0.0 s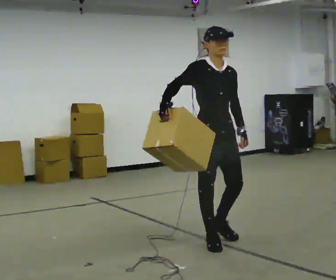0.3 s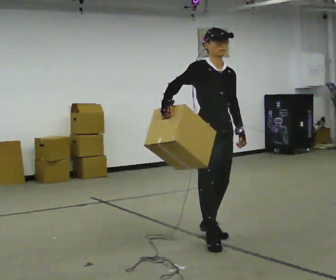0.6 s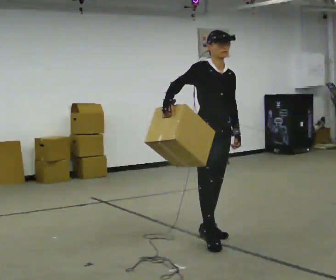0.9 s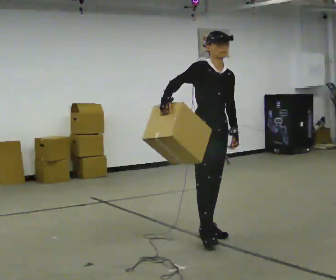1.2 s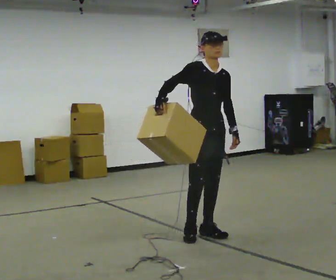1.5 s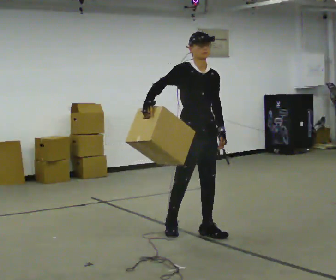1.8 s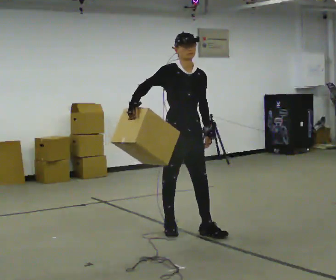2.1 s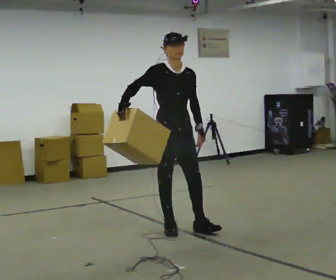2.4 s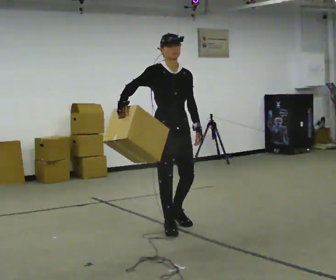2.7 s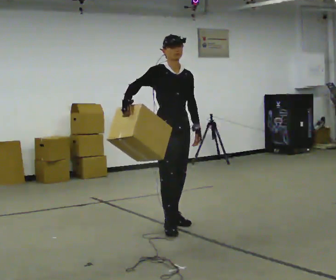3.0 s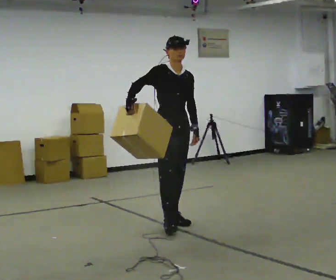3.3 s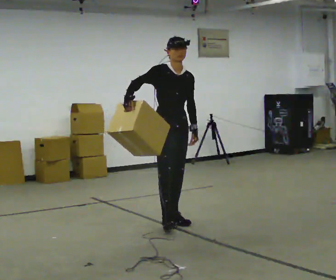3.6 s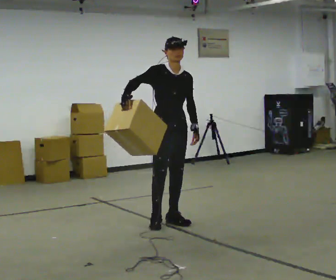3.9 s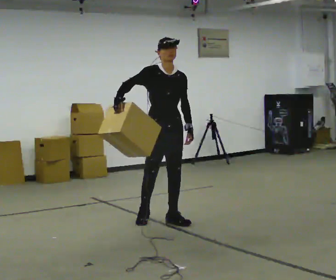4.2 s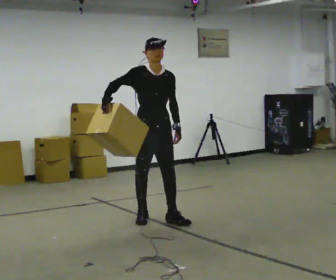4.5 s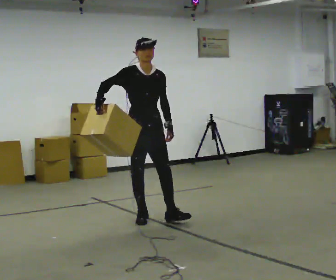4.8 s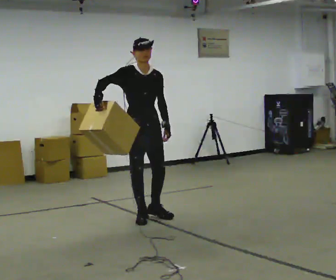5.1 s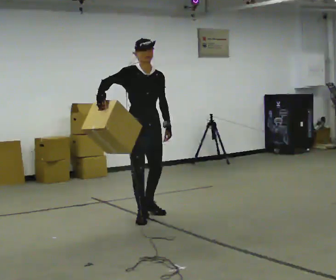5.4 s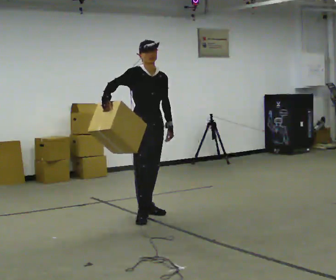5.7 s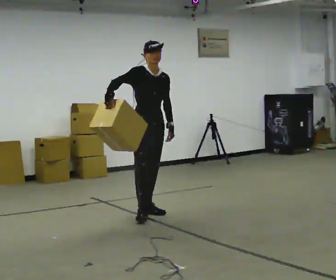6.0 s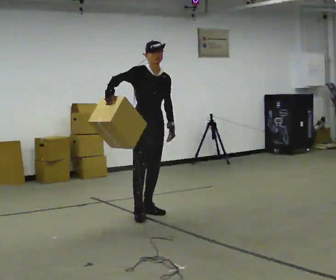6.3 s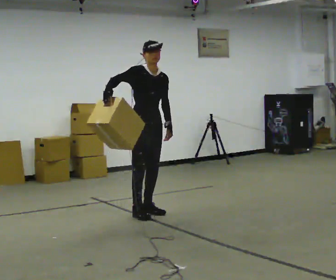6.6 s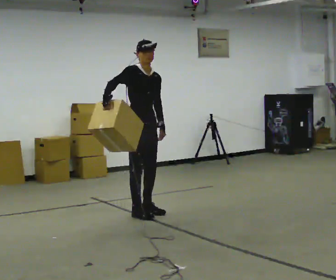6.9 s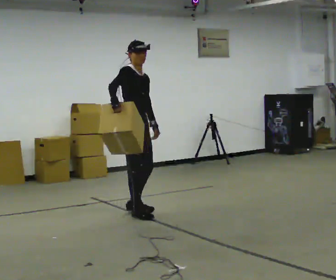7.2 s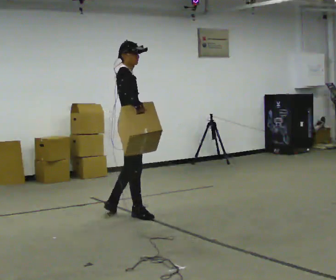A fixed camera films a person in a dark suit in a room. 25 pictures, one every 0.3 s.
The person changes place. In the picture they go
away from the camera.
0.0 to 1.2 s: In the picture they go away from the camera, about 0.25 m in 1 step, which for them is backward and to their left.
1.2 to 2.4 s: In the picture they go to the left and away from the camera, about 0.25 m in 1 step, which for them is backward and to their right.
2.4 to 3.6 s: In the picture they go away from the camera, about 0.25 m in 1 step, which for them is backward and to their left.
3.6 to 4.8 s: In the picture they go to the left, about 0.25 m in 1 step, which for them is backward and to their right.
4.8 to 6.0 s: In the picture they go away from the camera, about 0.25 m in 1 step, which for them is backward and to their left.
6.0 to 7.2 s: Seen from above the body turns counterclockwise, about 60 degrees: to their left, with its near side sliding to the right. In the picture they go to the left, about 0.25 m in 1 step, which for them is to their right.
The film runs backward here.
